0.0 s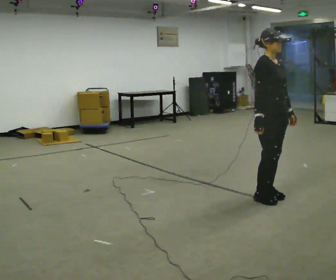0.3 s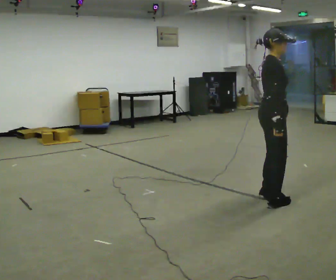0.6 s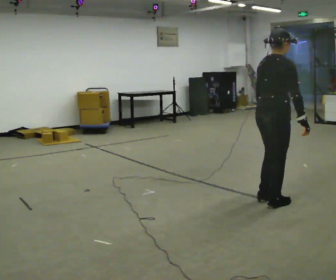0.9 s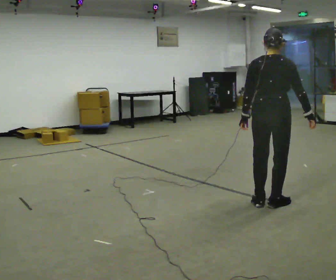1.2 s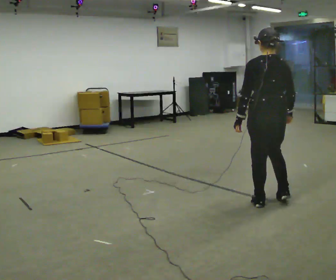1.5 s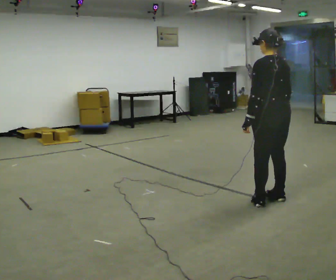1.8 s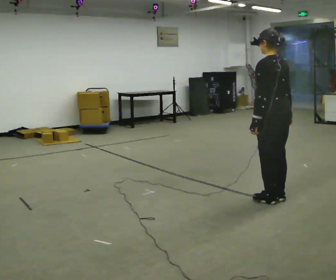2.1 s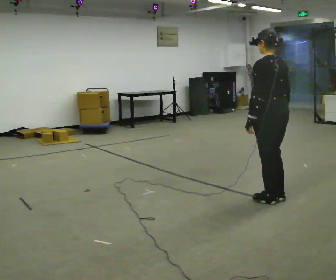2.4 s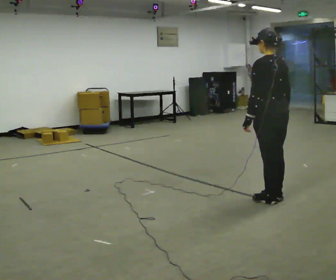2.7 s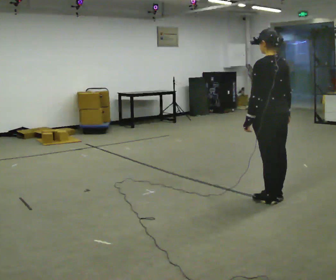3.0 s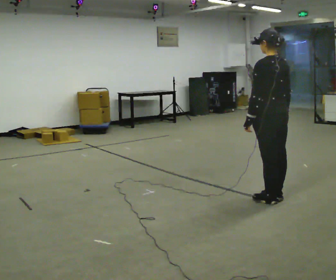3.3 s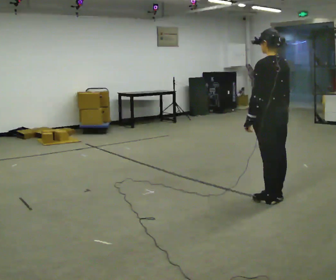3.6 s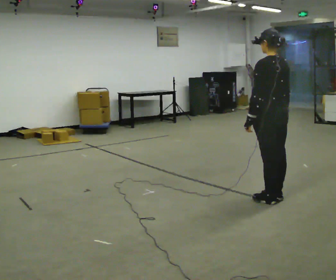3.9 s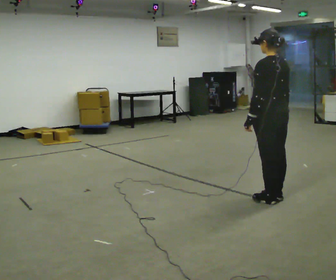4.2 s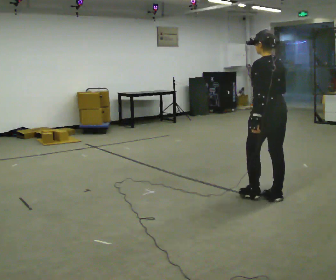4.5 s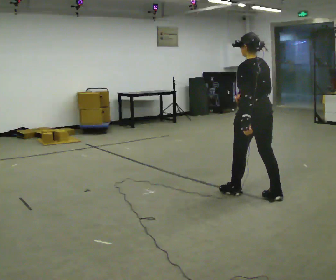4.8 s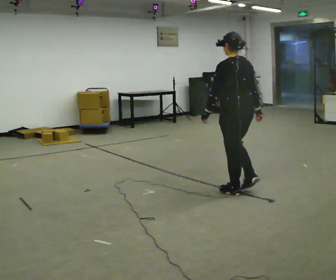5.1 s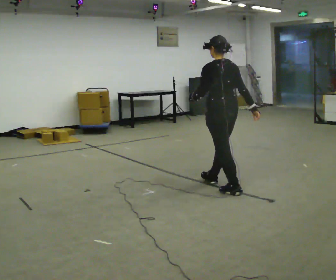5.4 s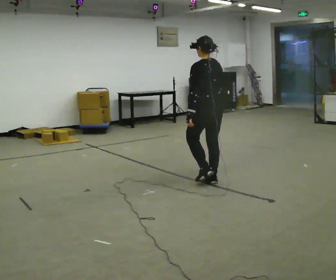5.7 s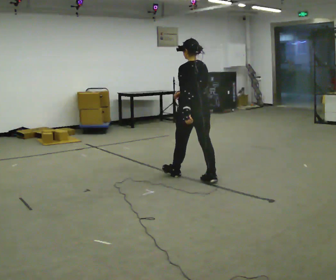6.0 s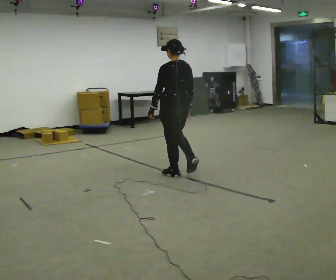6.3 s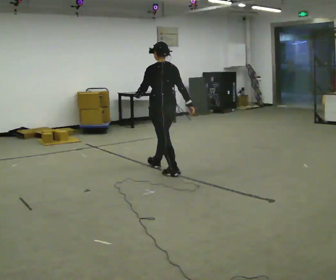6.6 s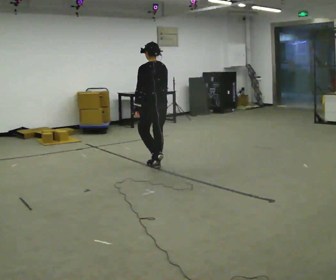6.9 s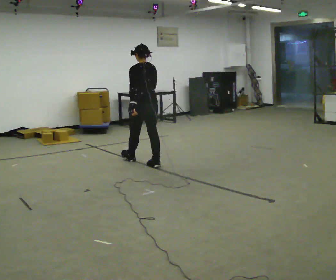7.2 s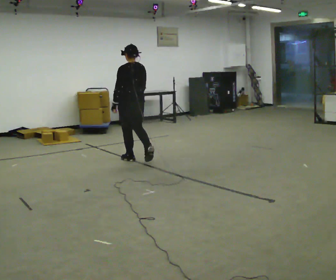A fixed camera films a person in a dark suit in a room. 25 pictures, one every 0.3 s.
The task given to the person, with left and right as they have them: Start still; walk straight at normal comfortable speed; stop at endpoint.
0.0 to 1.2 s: Seen from above the body turns counterclockwise, about 135 degrees: to their left, with its near side sliding to the right. In the picture they go toward the camera, about 0.25 m in 2 steps.
1.2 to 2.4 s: The part of the body nearest the lens slides to the right as the person turns to their left by about 30 degrees.
2.4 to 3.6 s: The person keeps their place and pose.
3.6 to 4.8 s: In the picture they go to the left and away from the camera, about 0.5 m in 1 step, which for them is forward.
4.8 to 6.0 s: In the picture they go to the left and away from the camera, about 1 m in 2 steps, which for them is forward.
6.0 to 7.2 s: In the picture they go to the left and away from the camera, about 1 m in 2 steps, which for them is forward.
The film runs forward here.
